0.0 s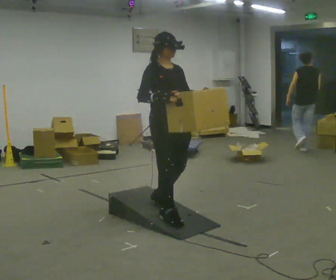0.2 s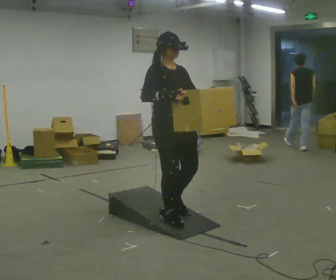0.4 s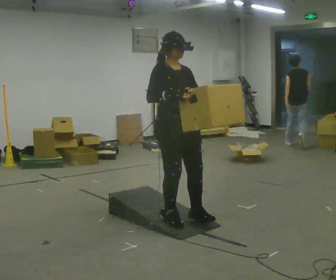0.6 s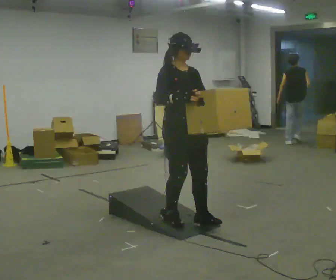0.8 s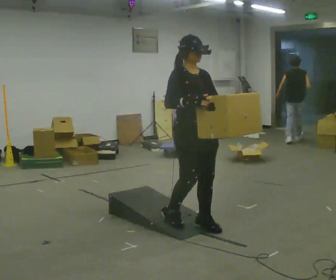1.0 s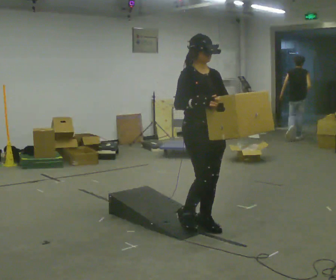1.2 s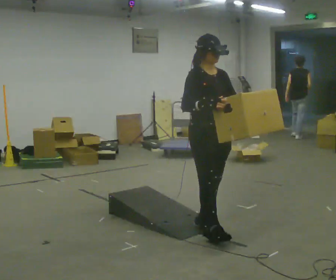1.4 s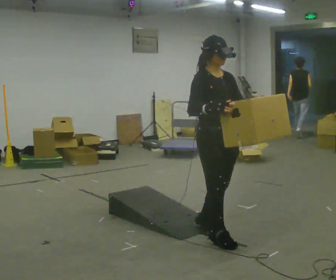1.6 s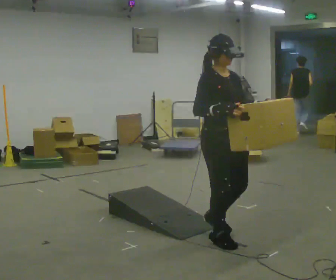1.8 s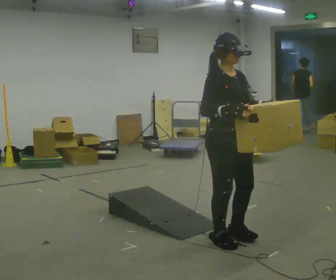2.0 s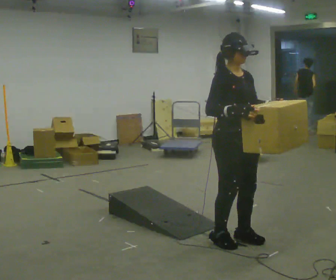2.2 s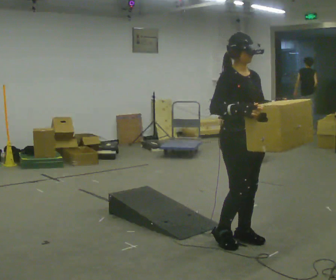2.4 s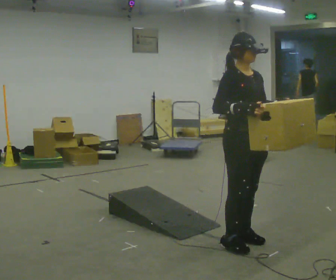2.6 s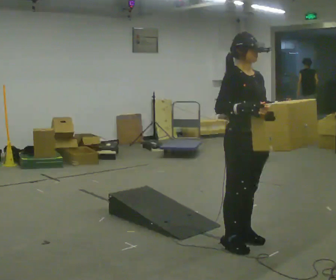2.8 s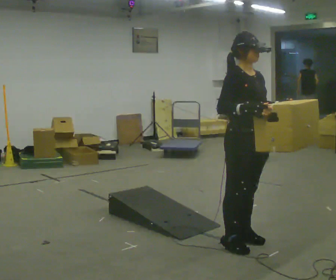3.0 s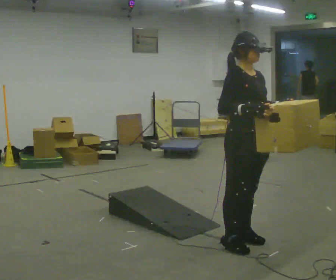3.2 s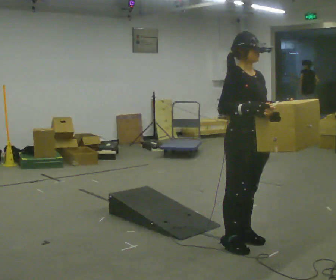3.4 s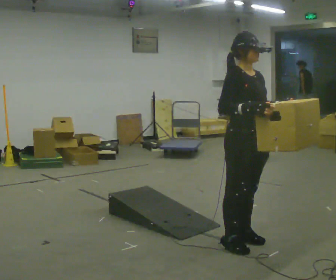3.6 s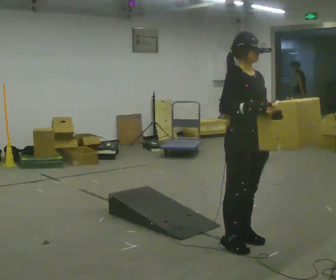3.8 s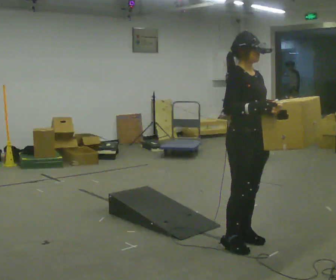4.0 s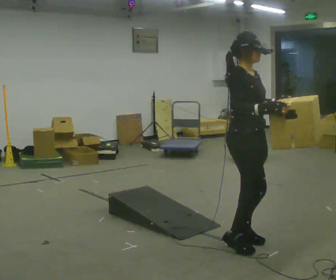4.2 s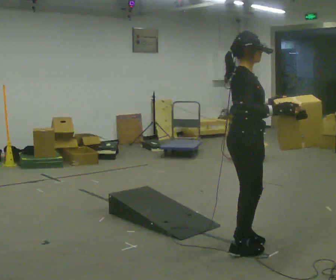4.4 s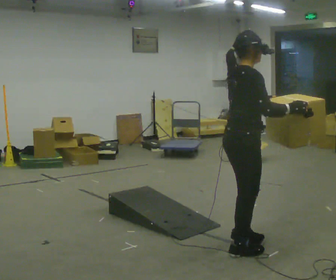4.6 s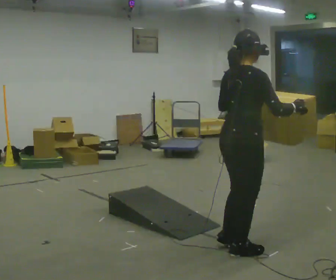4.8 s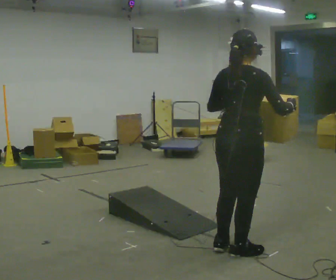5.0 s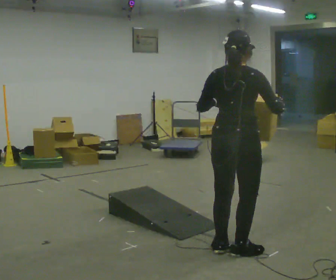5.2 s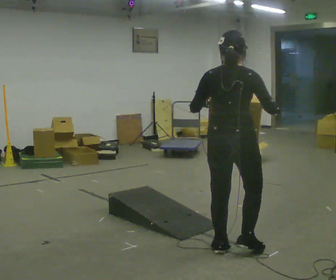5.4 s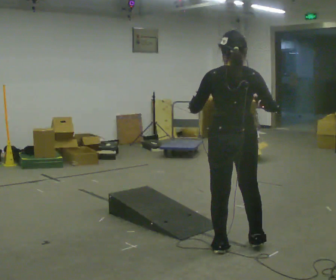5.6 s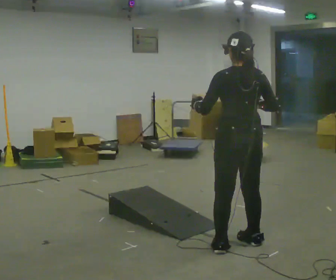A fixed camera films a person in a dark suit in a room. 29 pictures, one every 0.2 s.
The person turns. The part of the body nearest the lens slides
to the right.
The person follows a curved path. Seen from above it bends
clockwise.
0.0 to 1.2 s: In the picture they go to the right and toward the camera, about 0.5 m in 1 step, which for them is forward.
1.2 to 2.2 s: In the picture they go to the right and toward the camera, about 0.25 m in 2 steps, which for them is forward.
2.2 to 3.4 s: The person moves a little, or ends about where they began.
3.4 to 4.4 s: The part of the body nearest the lens slides to the right as the person turns to their left by about 60 degrees. In the picture their right hand goes to the right.
4.4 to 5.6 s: The part of the body nearest the lens slides to the right as the person turns to their left by about 90 degrees. In the picture their left hand goes to the left.
The film runs forward here.
